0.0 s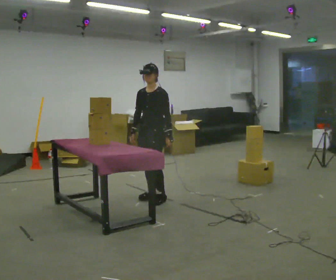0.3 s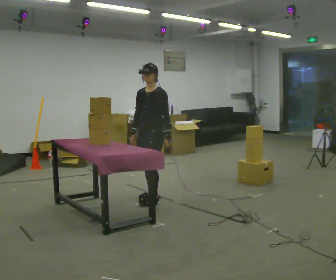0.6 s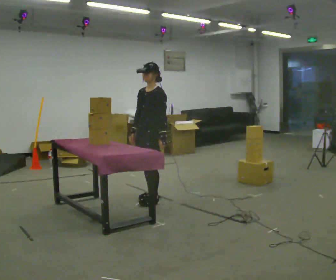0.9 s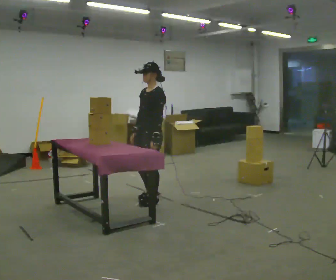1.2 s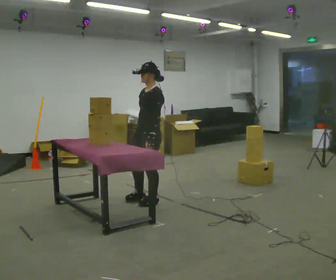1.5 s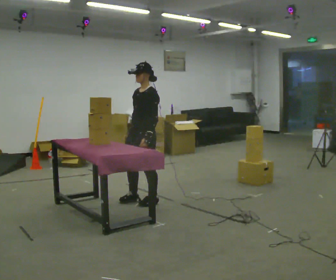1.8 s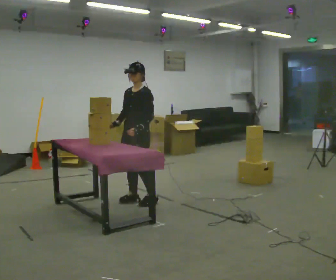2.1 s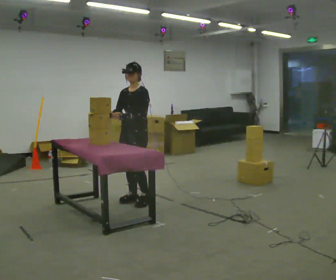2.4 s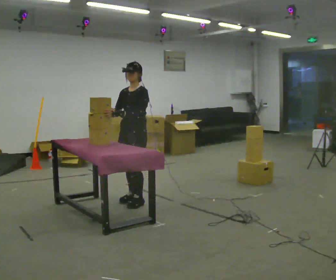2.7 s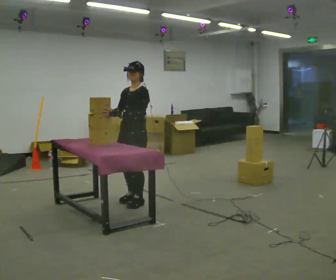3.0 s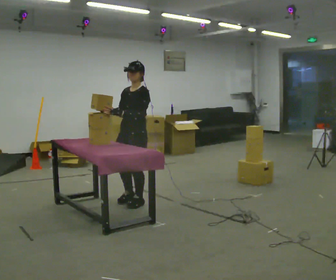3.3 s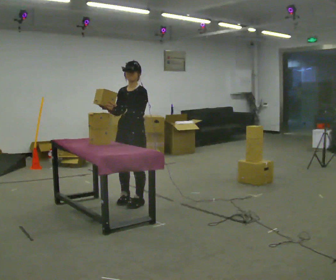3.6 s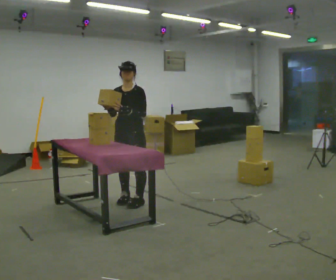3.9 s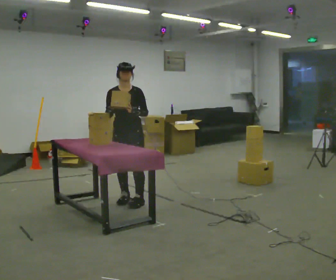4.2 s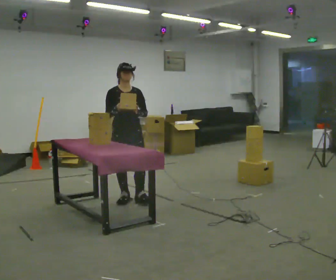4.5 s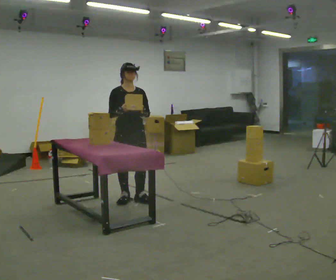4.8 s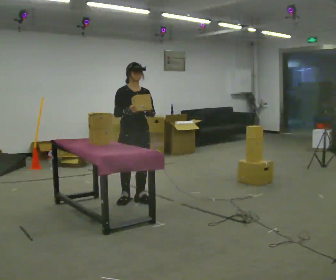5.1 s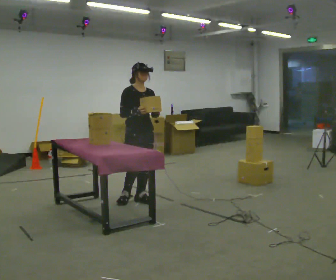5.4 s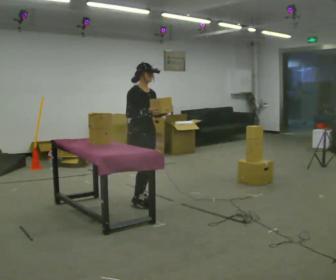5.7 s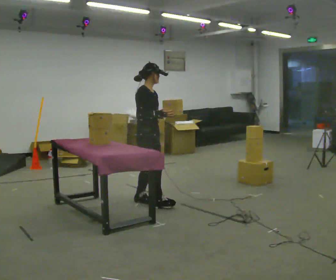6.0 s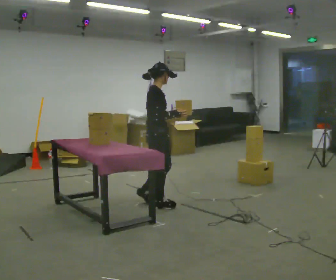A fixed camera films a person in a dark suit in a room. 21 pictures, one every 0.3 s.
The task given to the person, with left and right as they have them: Take an object out of the bin at knee height, carry it across the room, and place it on the chest-height shelf. Keep going until the operator says stop; one object at a time, and do not rush between trips.
0.0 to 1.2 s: In the picture they go toward the camera, about 0.25 m in 1 step, which for them is forward and to their left.
1.2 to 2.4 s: In the picture they go to the left, about 0.25 m in 2 steps, which for them is to their right. In the picture their right hand goes to the left, the arm swinging clockwise.
2.4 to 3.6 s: Seen from above the body turns counterclockwise, about 30 degrees: to their left, with its near side sliding to the right.
3.6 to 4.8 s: Seen from above the body turns counterclockwise, about 45 degrees: to their left, with its near side sliding to the right.
4.8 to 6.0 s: Seen from above the body turns counterclockwise, about 75 degrees: to their left, with its near side sliding to the right. In the picture they go toward the camera and to the right, about 0.25 m in 1 step.
The film runs forward here.
